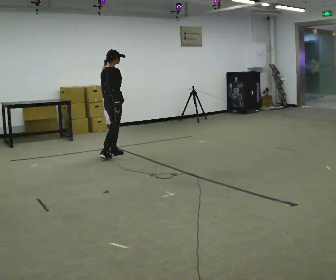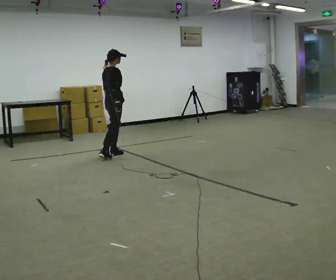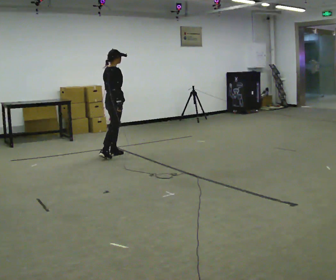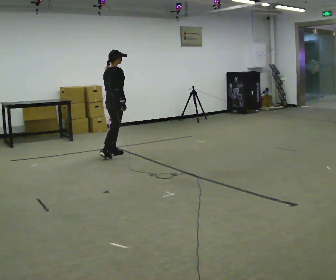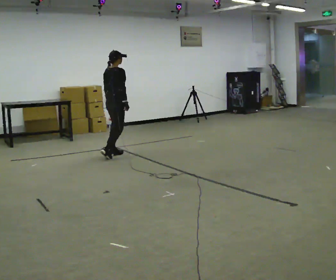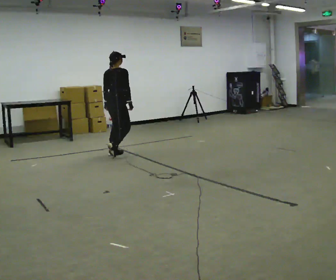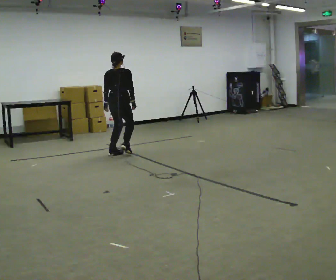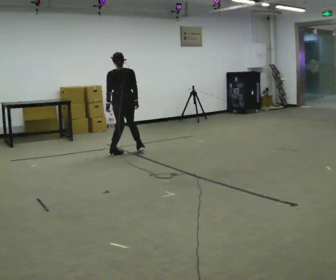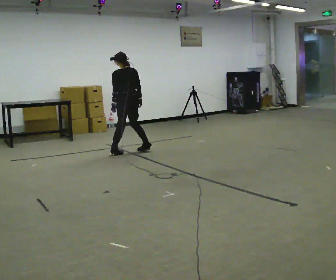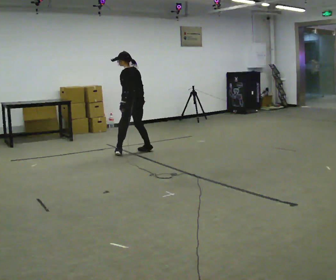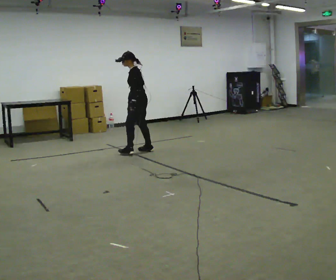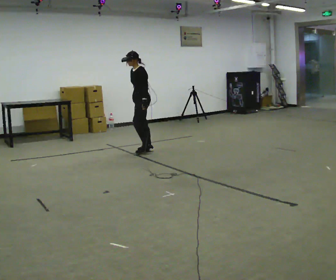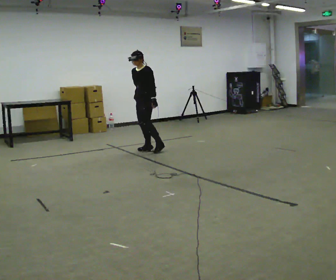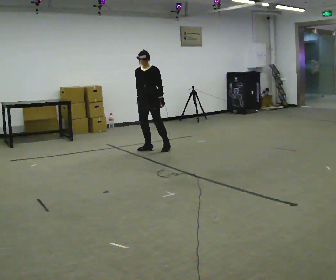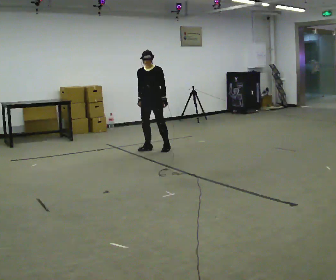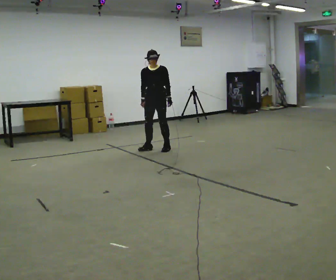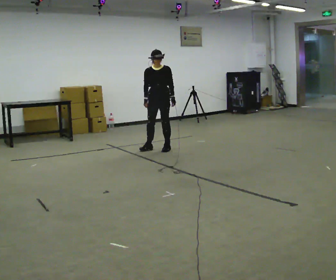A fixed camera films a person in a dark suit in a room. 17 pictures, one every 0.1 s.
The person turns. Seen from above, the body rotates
counterclockwise.
The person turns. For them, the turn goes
to their left.
0.0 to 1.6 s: Seen from above the body turns counterclockwise, about 240 degrees: to their left, with its near side sliding to the right. In the picture they go to the right and away from the camera, about 1 m in 2 steps.
The film runs forward here.
